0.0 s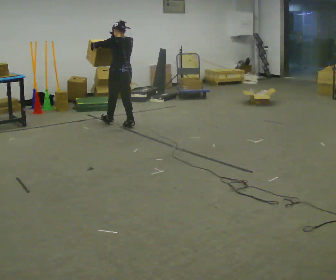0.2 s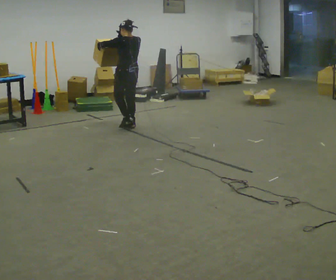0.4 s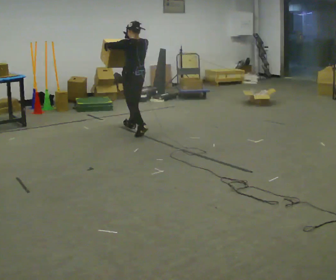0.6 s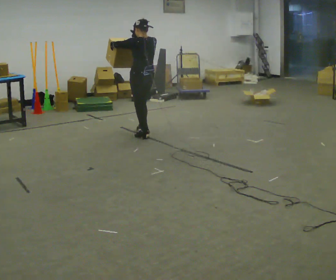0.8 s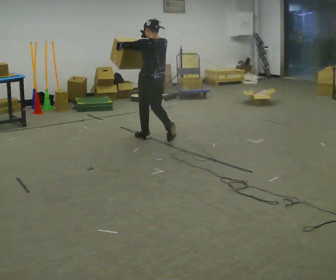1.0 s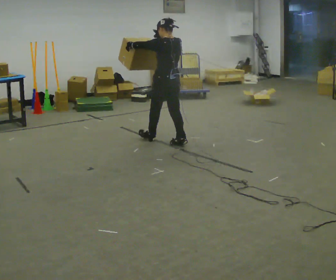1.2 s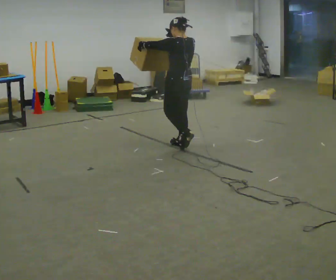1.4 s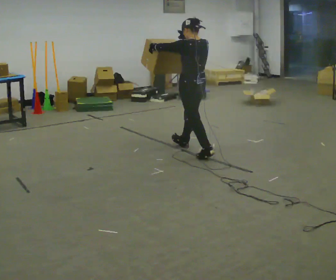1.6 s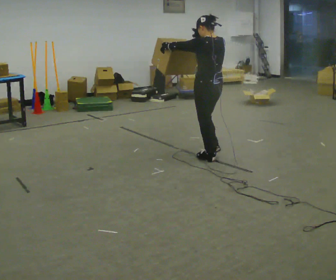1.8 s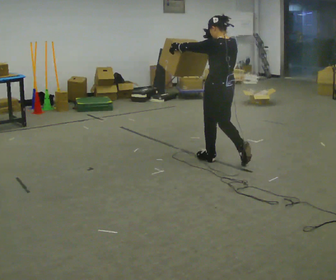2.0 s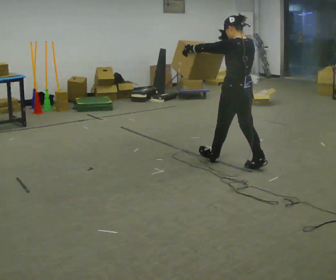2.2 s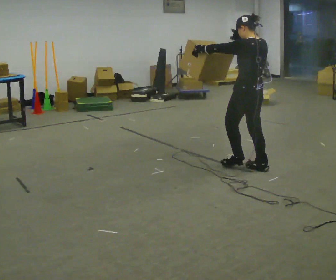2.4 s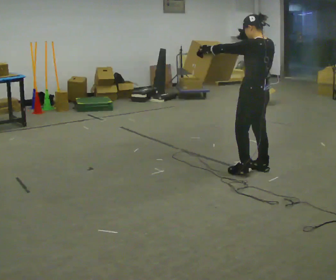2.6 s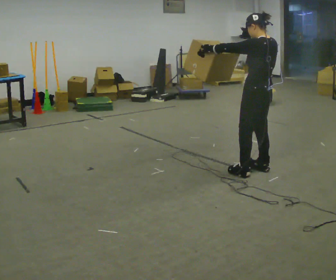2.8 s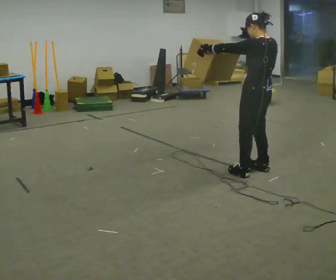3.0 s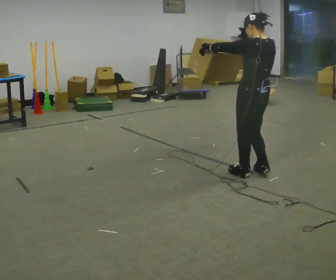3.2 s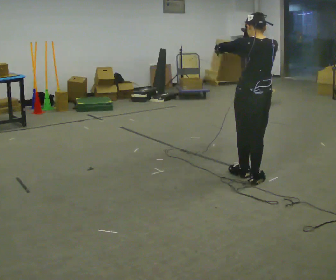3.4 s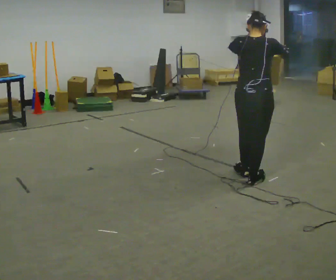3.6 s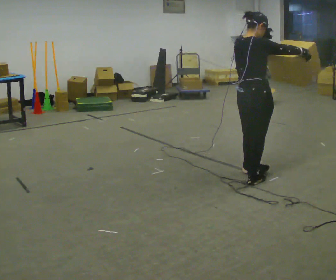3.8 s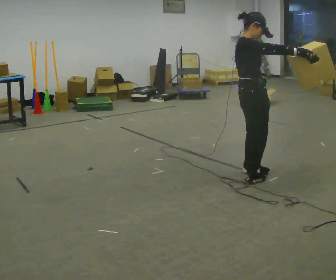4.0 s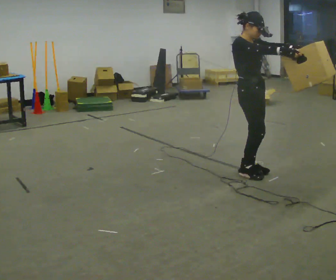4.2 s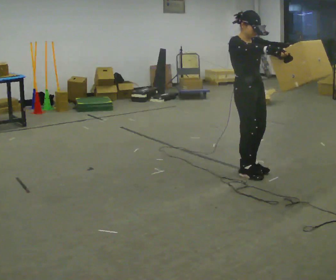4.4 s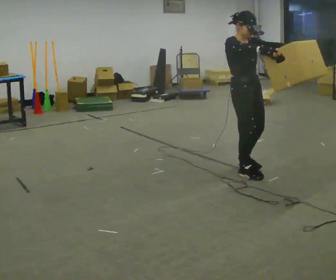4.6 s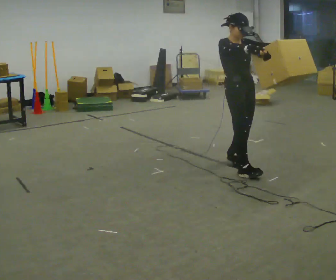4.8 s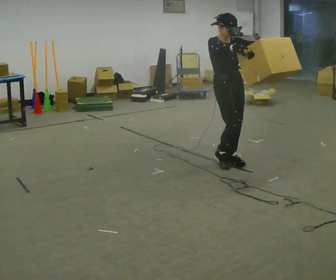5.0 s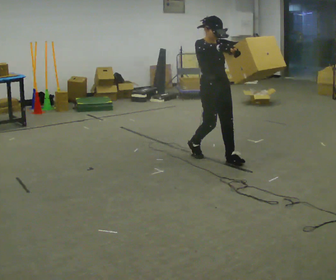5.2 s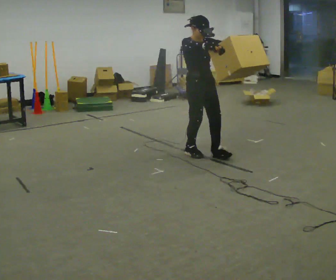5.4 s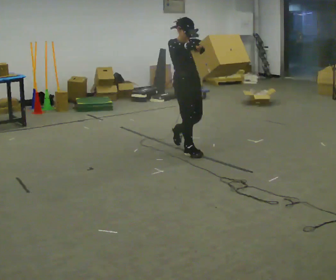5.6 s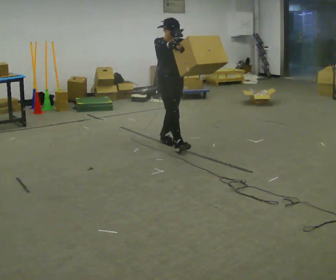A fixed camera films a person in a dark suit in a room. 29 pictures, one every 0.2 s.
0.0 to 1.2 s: In the picture they go to the right and toward the camera, about 1 m in 2 steps, which for them is backward.
1.2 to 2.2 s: In the picture they go to the right and toward the camera, about 1 m in 2 steps, which for them is backward.
2.2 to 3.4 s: The person turns about 45 degrees to their right, clockwise seen from above, so the part of the body nearest the lens slides to the left. In the picture they go toward the camera, about 0.25 m in 1 step, which for them is to their left and backward.
3.4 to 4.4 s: Seen from above the body turns clockwise, about 120 degrees: to their right, with its near side sliding to the left. In the picture they go away from the camera, about 0.25 m in 2 steps. In the picture their left hand goes to the right.
4.4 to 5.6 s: In the picture they go away from the camera and to the left, about 1 m in 3 steps, which for them is backward.
The film runs backward here.
